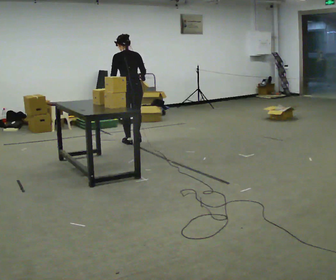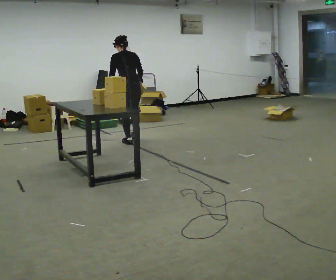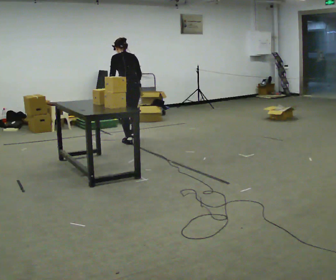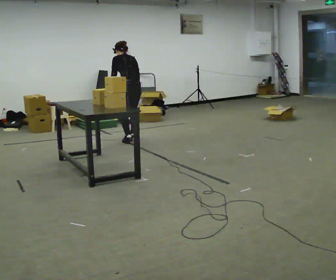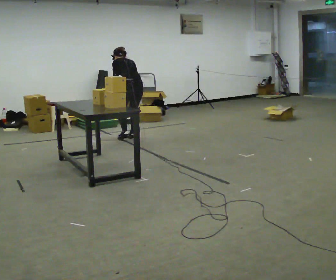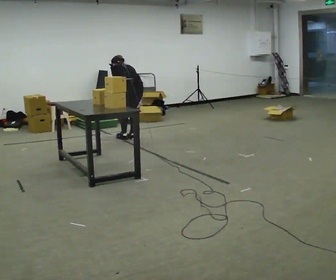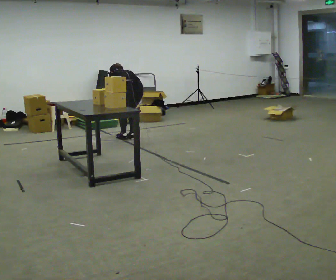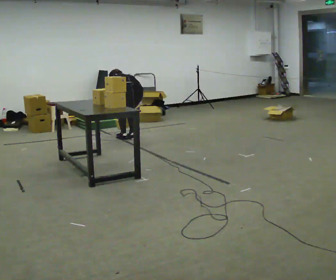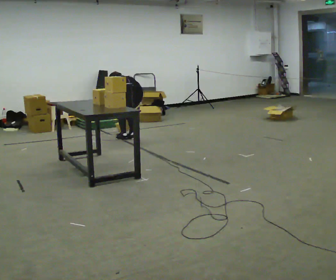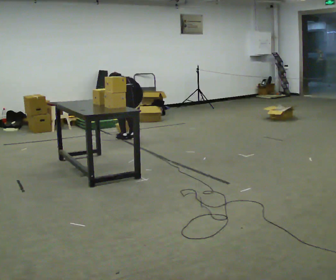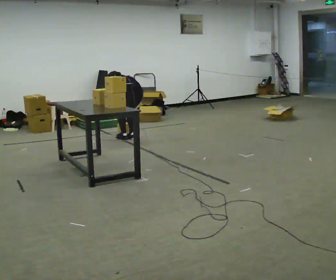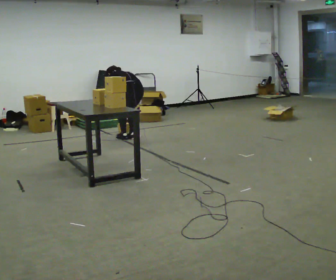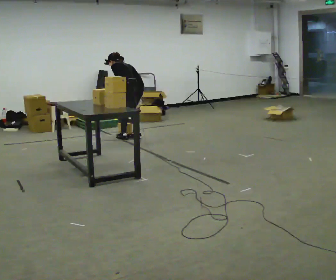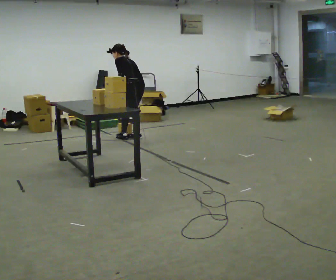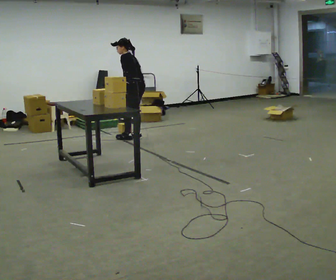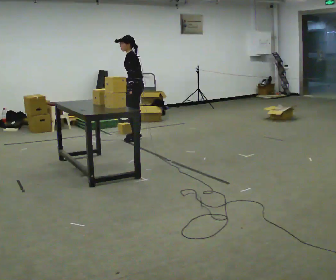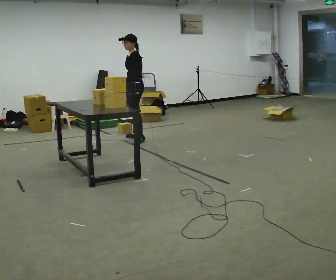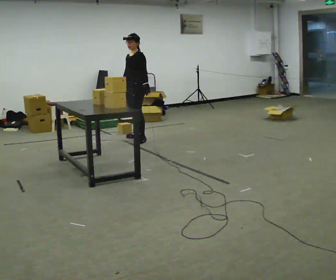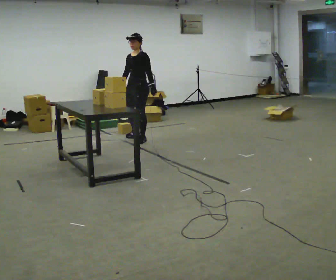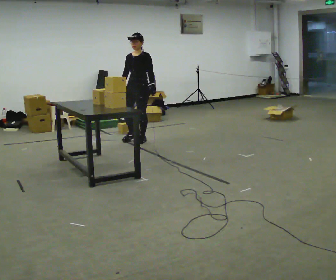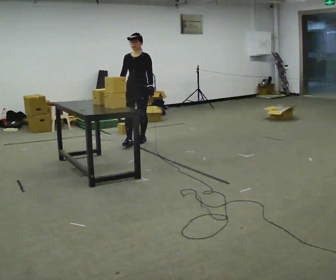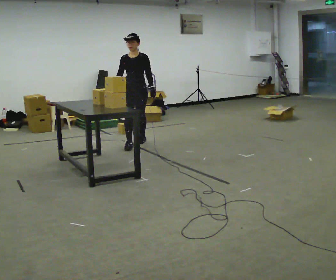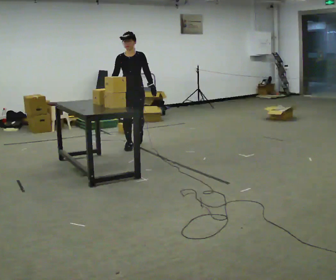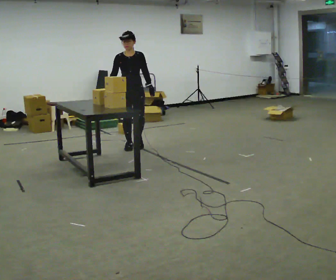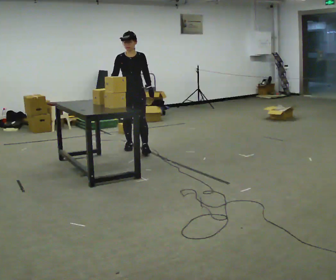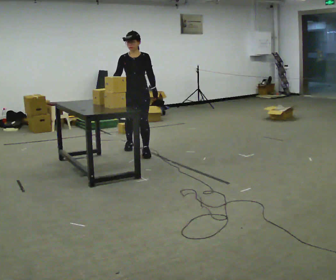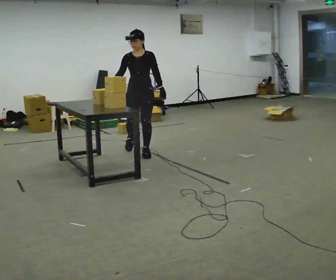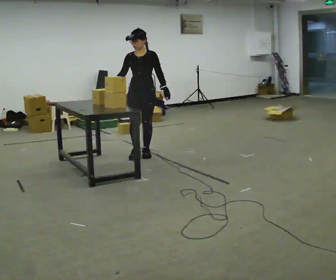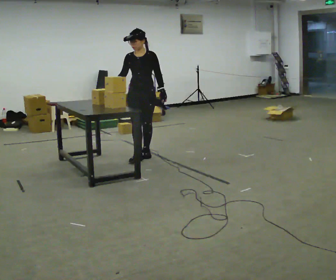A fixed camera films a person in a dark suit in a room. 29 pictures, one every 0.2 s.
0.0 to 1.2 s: In the picture they go away from the camera, about 0.25 m in 2 steps, which for them is forward and to their right. The upper body goes downward. The upper body tips away from the camera, its near side rolling upward, as they bend forward.
1.2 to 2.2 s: The person moves a little, or ends about where they began.
2.2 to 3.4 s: Seen from above the body turns counterclockwise, about 75 degrees: to their left, with its near side sliding to the right. The shoulders move upward. The upper body tips toward the camera, its near side rolling downward, as they lean back or straighten. In the picture their left hand goes to the right.
3.4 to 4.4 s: Seen from above the body turns counterclockwise, about 60 degrees: to their left, with its near side sliding to the right. In the picture they go toward the camera, about 0.5 m in 1 step.
4.4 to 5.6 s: In the picture they go toward the camera, about 0.5 m in 2 steps, which for them is forward.
The film runs forward here.
